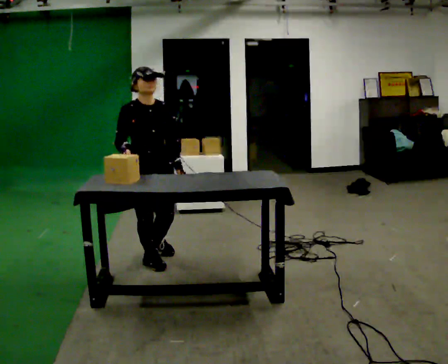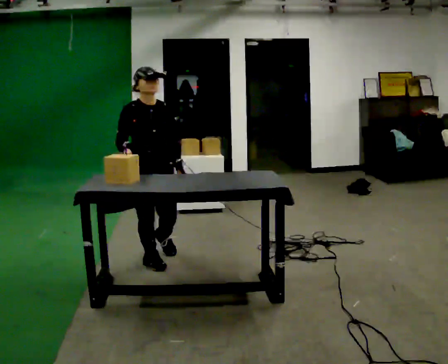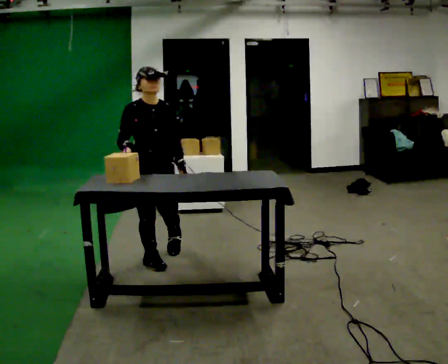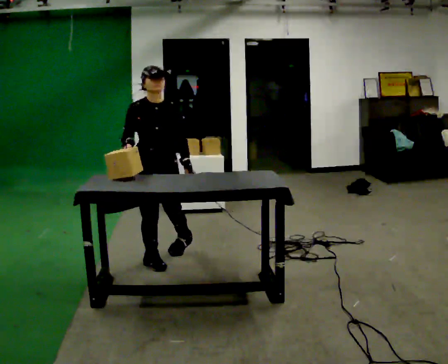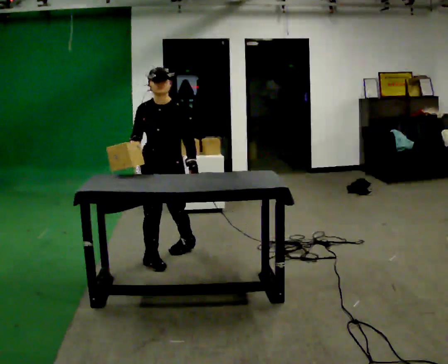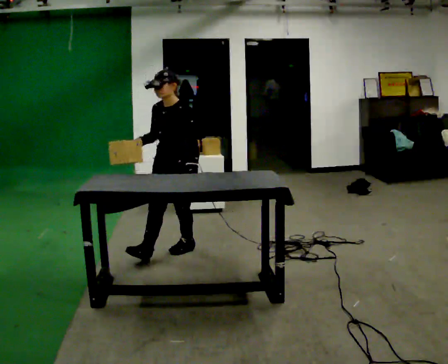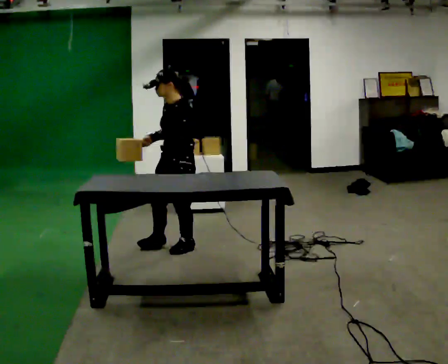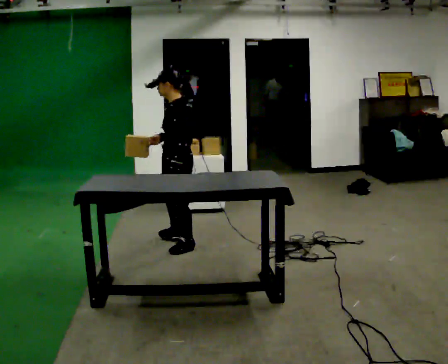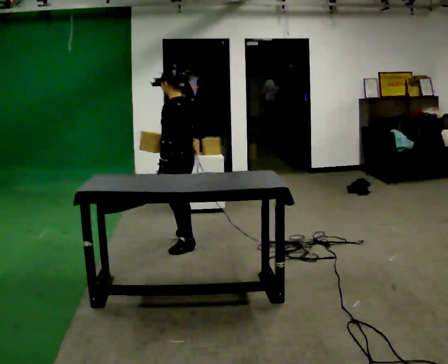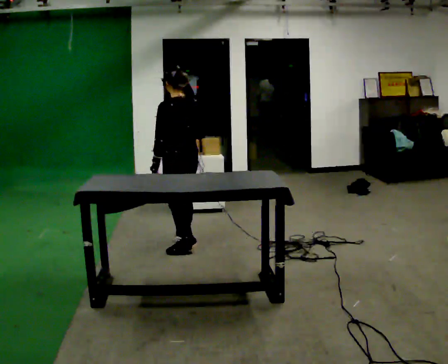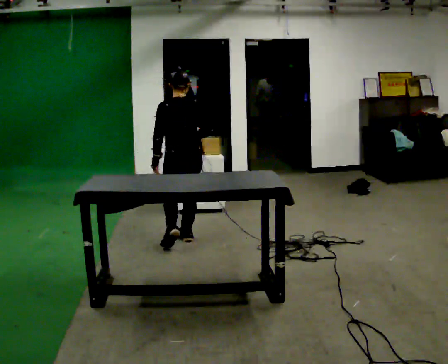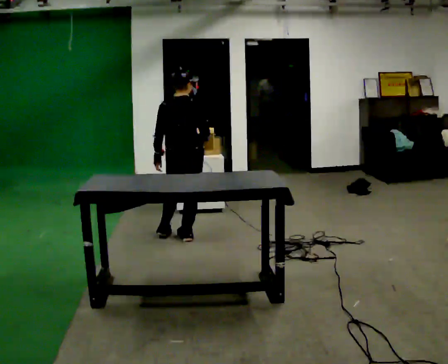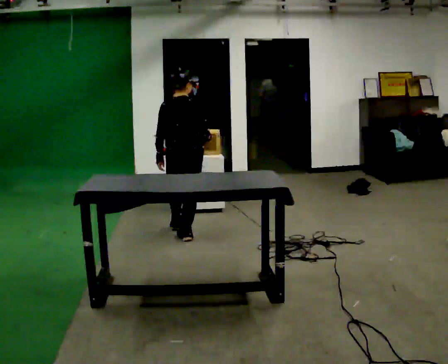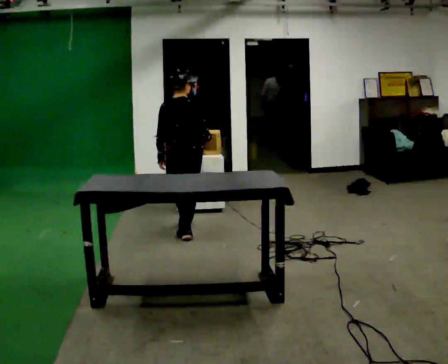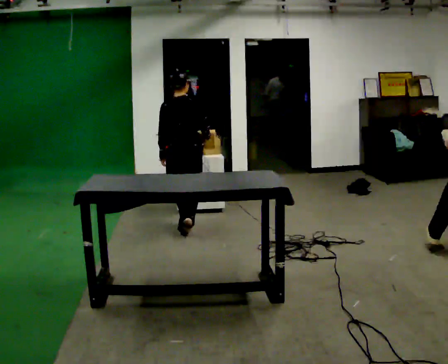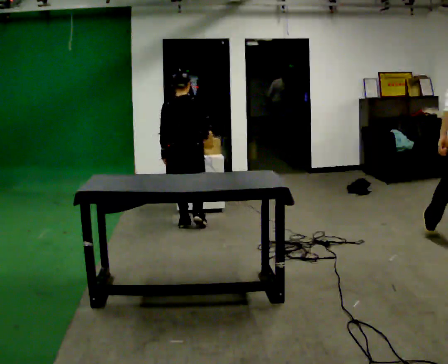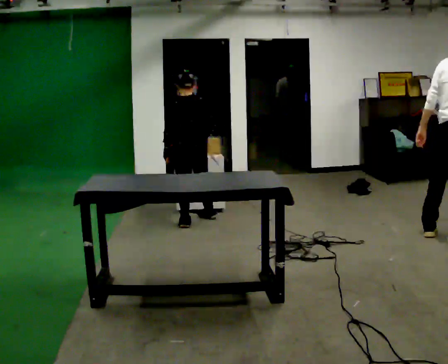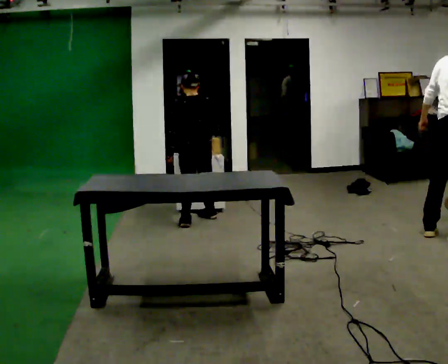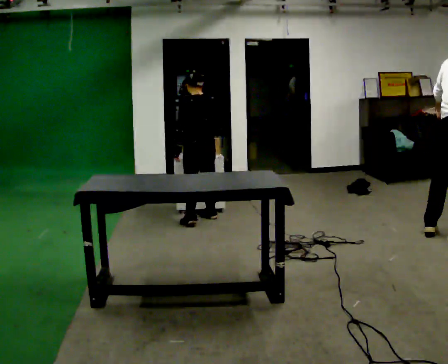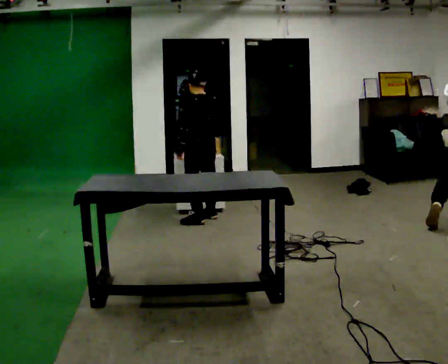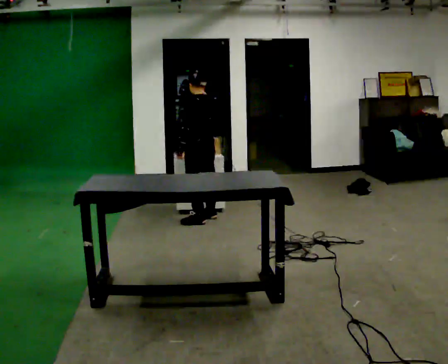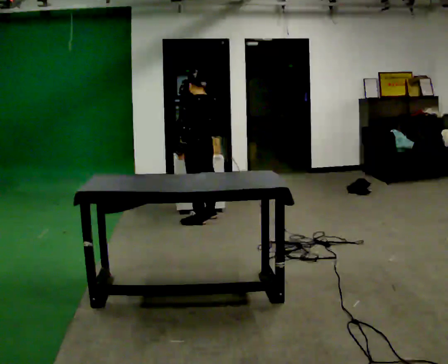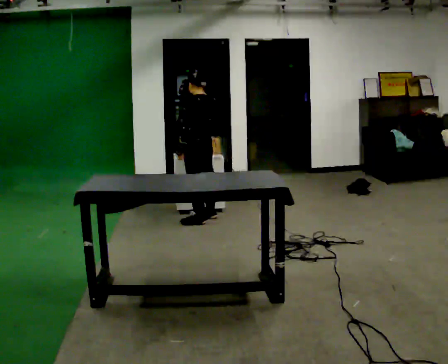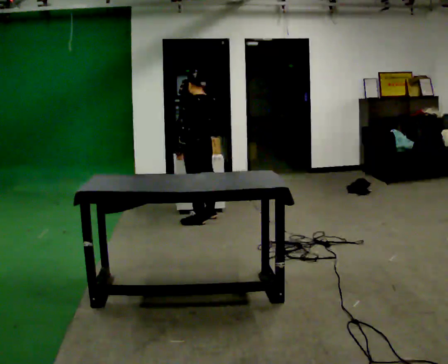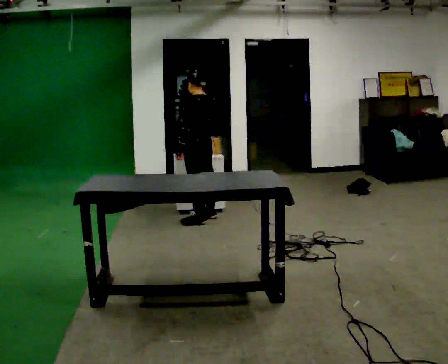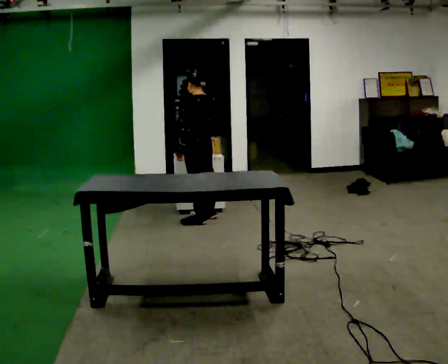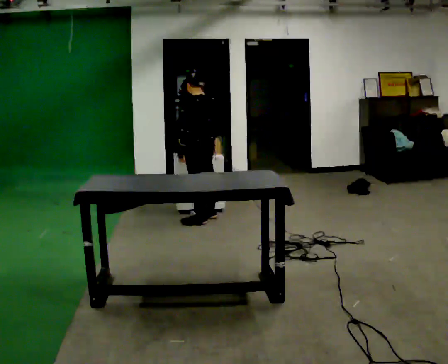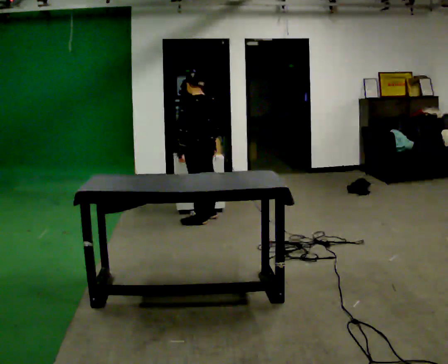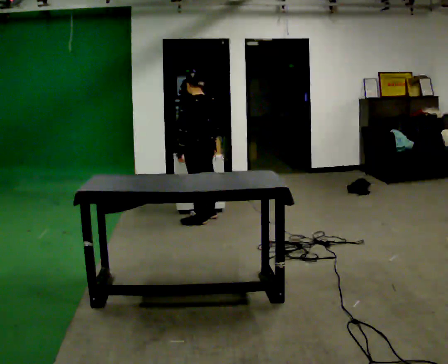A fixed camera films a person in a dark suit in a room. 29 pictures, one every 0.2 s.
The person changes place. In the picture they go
away from the camera.
0.0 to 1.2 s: Seen from above the body turns clockwise, about 90 degrees: to their right, with its near side sliding to the left. In the picture they go away from the camera and to the right, about 0.5 m in 1 step.
1.2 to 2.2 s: The part of the body nearest the lens slides to the left as the person turns to their right by about 135 degrees. In the picture they go away from the camera, about 0.25 m in 1 step.
2.2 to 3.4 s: The part of the body nearest the lens slides to the right as the person turns to their left by about 30 degrees. In the picture they go away from the camera, about 0.5 m in 2 steps, which for them is forward.
3.4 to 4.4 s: The person turns about 30 degrees to their left, counterclockwise seen from above, so the part of the body nearest the lens slides to the right.
4.4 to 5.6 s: The person moves a little, or ends about where they began.
The film runs forward here.
